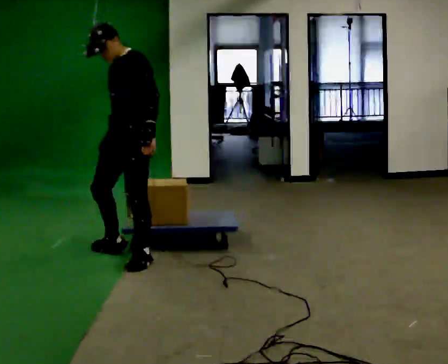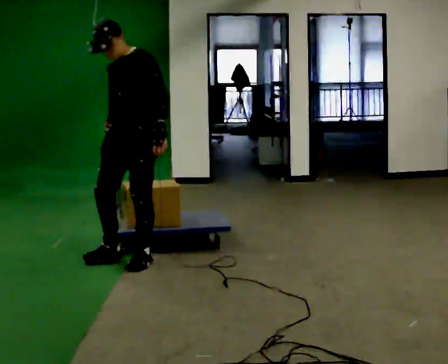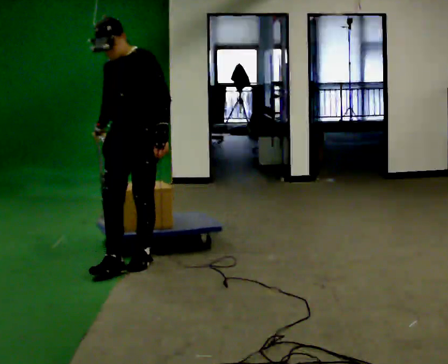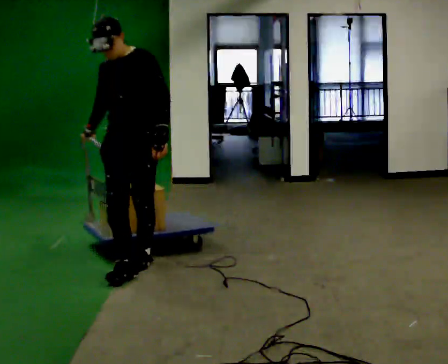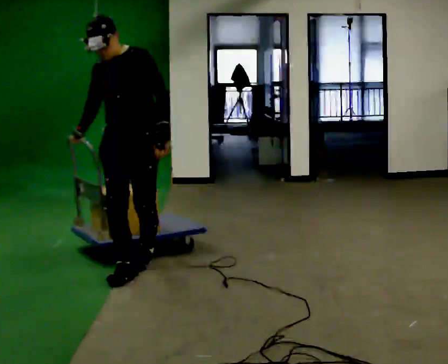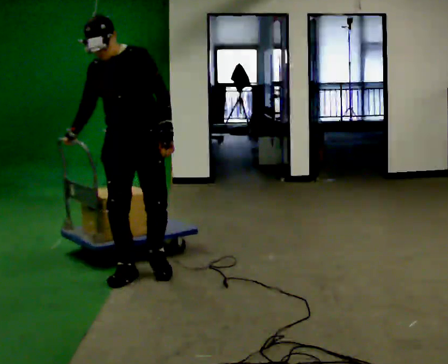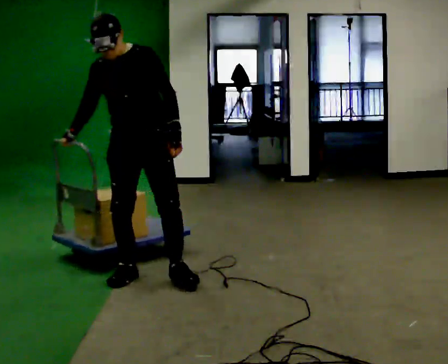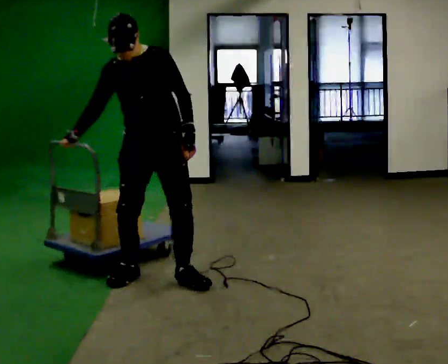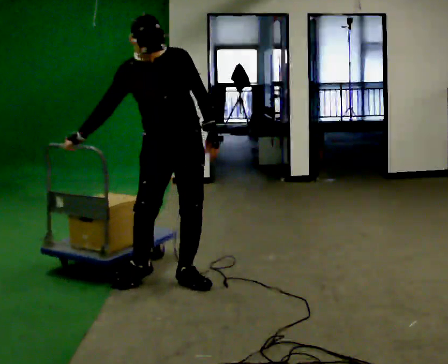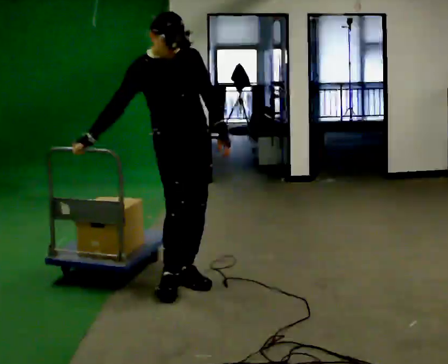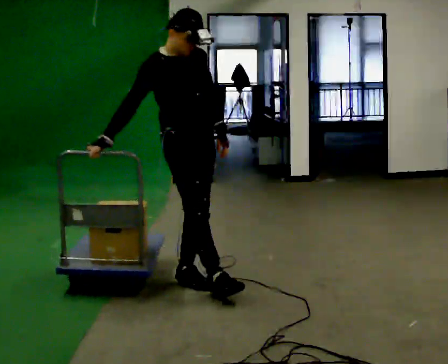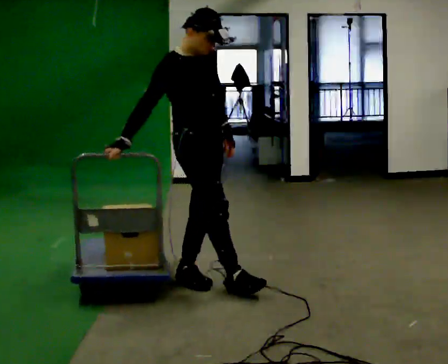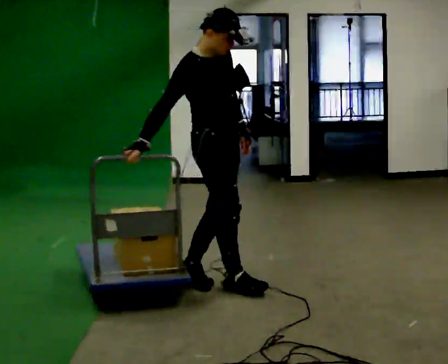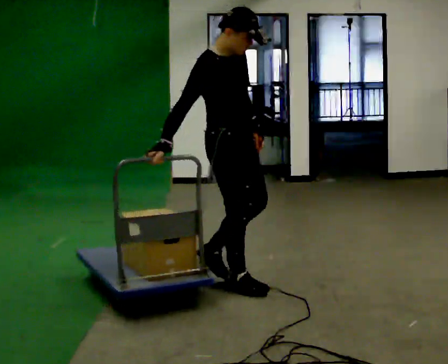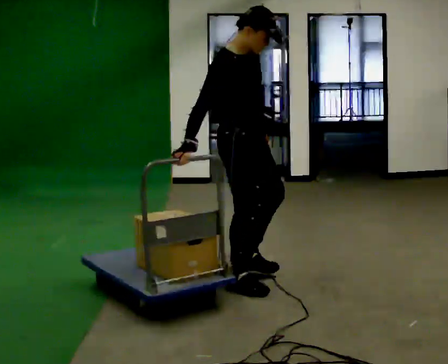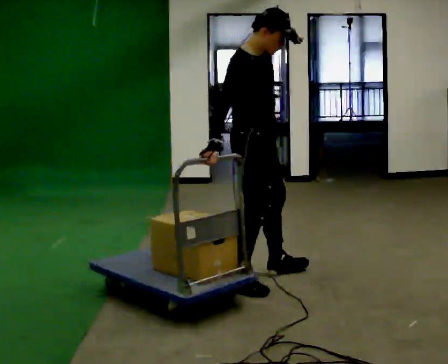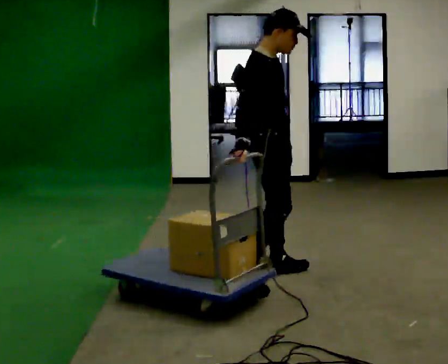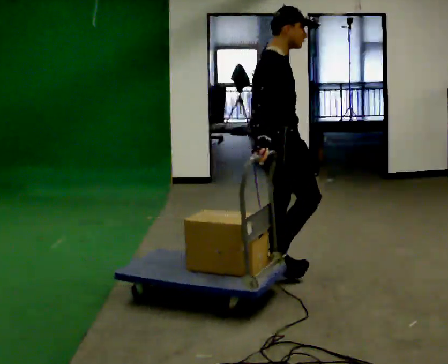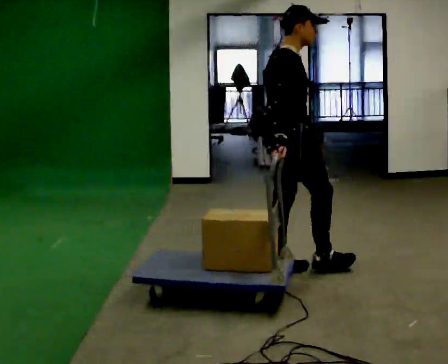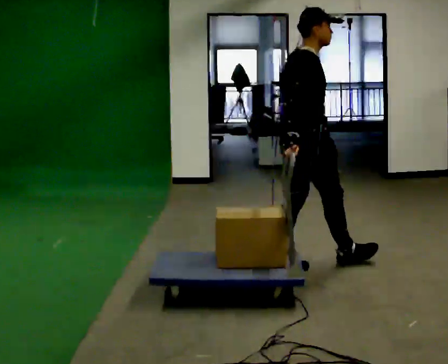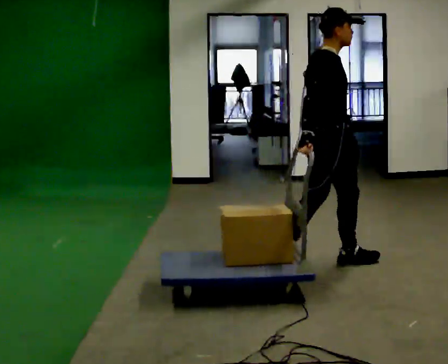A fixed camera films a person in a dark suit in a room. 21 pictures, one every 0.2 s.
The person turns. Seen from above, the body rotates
counterclockwise.
The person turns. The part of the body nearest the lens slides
to the right.
0.0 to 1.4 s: The person turns about 45 degrees to their left, counterclockwise seen from above, so the part of the body nearest the lens slides to the right. In the picture they go toward the camera and to the right, about 0.5 m in 2 steps, which for them is forward and to their left.
1.4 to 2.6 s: The part of the body nearest the lens slides to the right as the person turns to their left by about 75 degrees. In the picture they go to the right, about 0.5 m in 1 step.
2.6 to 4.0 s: Seen from above the body turns counterclockwise, about 45 degrees: to their left, with its near side sliding to the right. In the picture they go to the right and away from the camera, about 0.5 m in 2 steps, which for them is forward and to their left.
The film runs forward here.
